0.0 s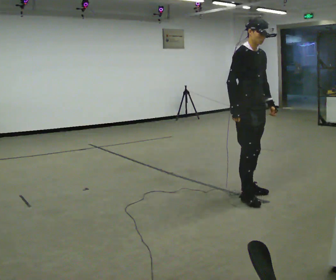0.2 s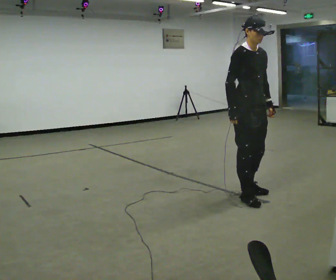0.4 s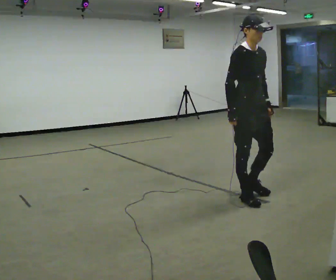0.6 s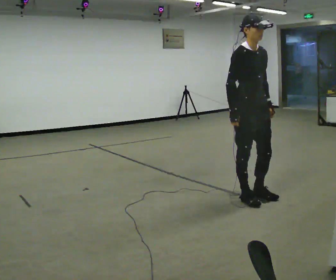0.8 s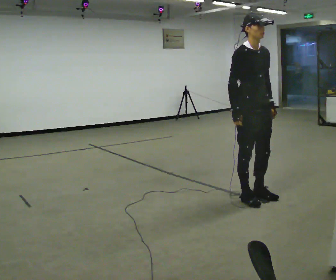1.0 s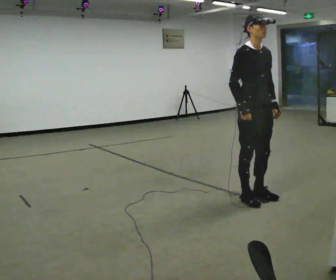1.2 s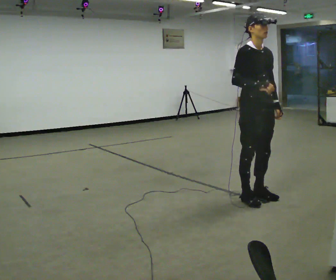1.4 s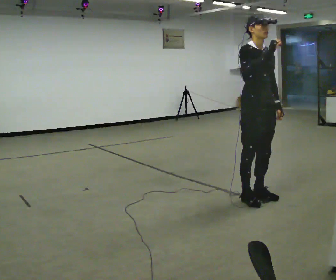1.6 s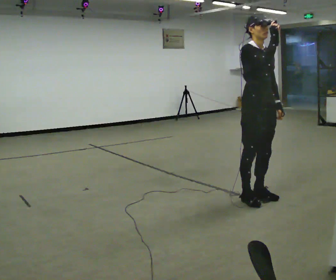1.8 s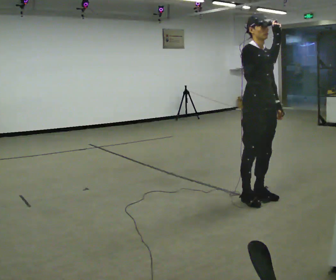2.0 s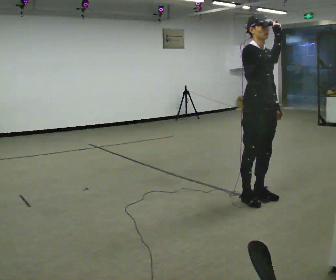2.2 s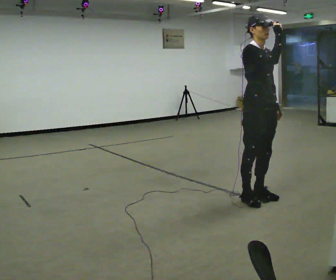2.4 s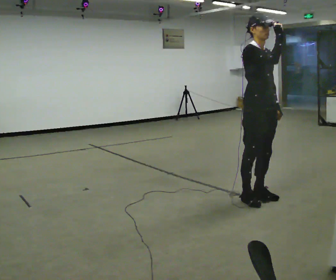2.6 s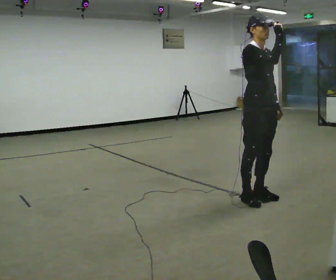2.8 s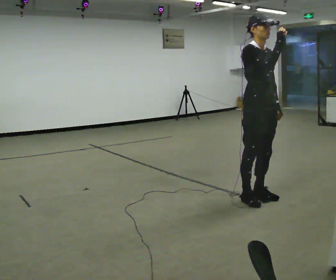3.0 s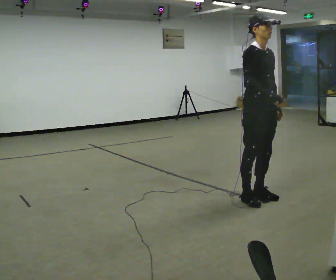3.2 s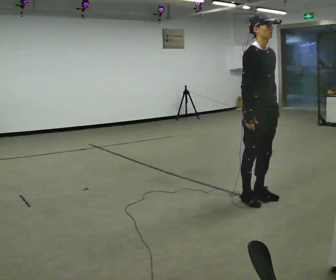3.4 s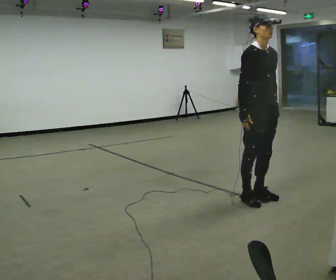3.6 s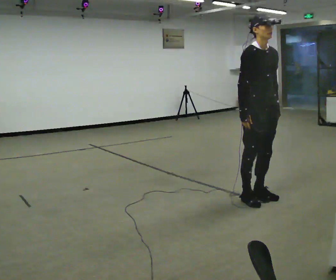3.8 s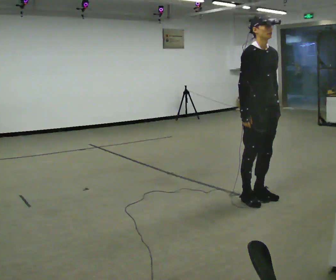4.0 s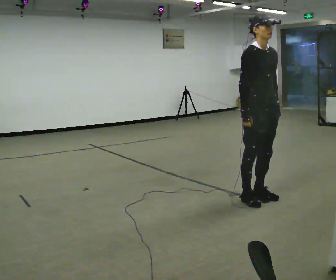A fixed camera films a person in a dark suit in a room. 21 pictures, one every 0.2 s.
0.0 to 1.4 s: In the picture their right hand goes upward and to the right.
1.4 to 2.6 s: The person moves a little, or ends about where they began.
2.6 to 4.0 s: In the picture their right hand goes downward and to the left.
The film runs forward here.
